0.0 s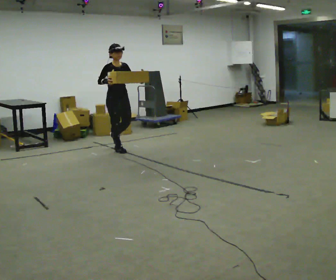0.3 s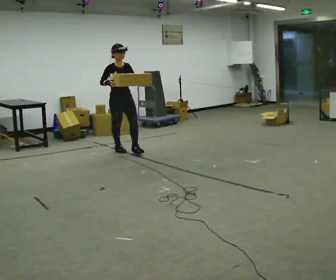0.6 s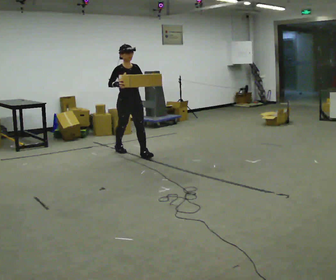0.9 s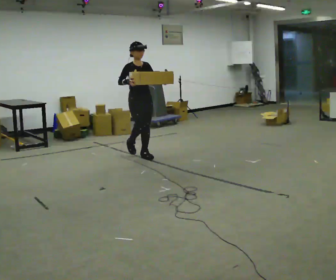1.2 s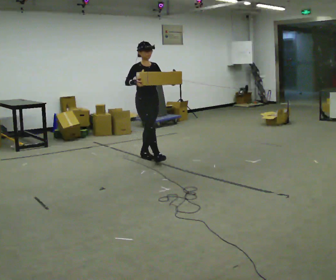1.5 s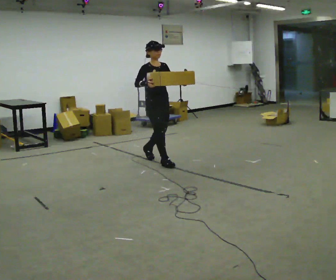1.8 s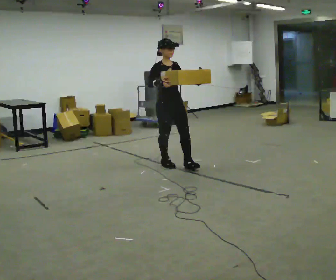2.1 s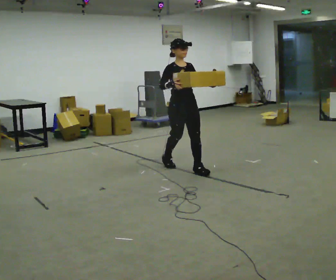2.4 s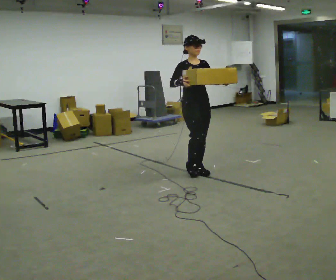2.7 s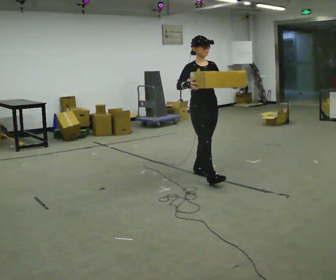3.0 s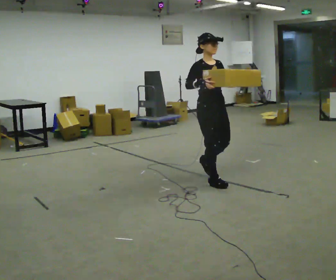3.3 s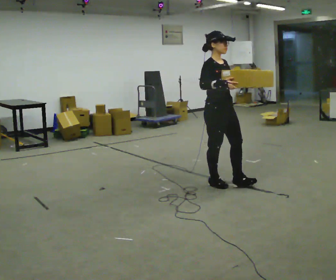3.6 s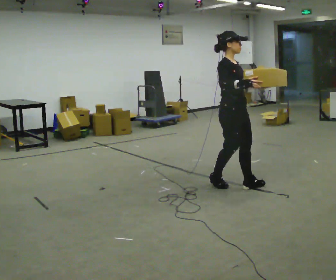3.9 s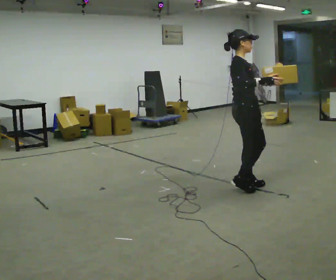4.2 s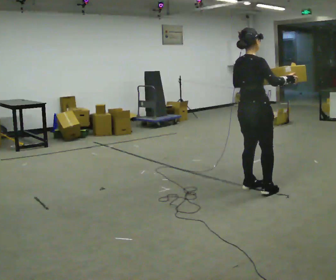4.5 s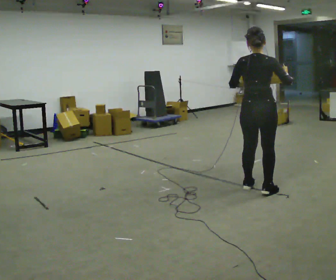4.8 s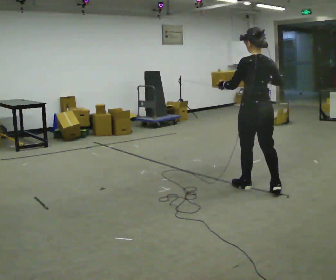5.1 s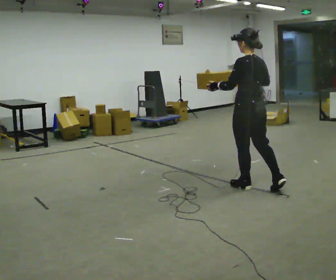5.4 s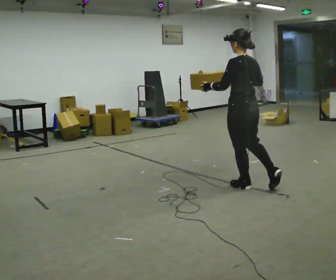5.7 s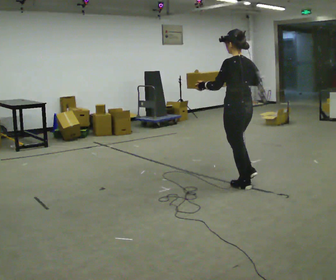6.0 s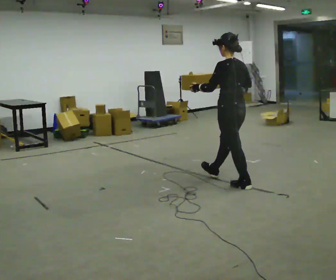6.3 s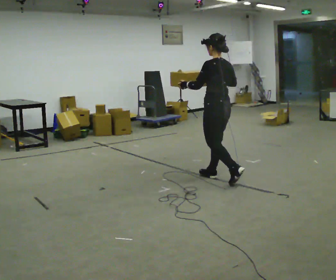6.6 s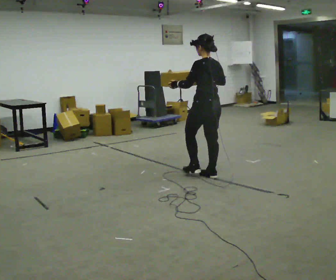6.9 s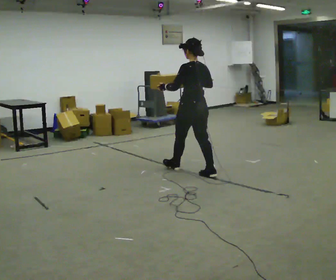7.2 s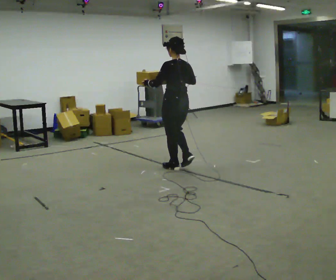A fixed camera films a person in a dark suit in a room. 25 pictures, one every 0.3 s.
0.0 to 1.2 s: In the picture they go to the right and toward the camera, about 0.75 m in 1 step, which for them is forward.
1.2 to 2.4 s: In the picture they go toward the camera and to the right, about 1 m in 2 steps, which for them is forward.
2.4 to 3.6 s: The part of the body nearest the lens slides to the right as the person turns to their left by about 30 degrees. In the picture they go toward the camera and to the right, about 0.75 m in 2 steps, which for them is forward.
3.6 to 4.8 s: Seen from above the body turns counterclockwise, about 135 degrees: to their left, with its near side sliding to the right. In the picture they go to the right, about 0.25 m in 1 step.
4.8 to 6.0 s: In the picture they go to the left and away from the camera, about 0.25 m in 1 step, which for them is forward.
6.0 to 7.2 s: In the picture they go to the left and away from the camera, about 1 m in 2 steps, which for them is forward.
The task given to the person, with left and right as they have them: Carry the medium box in both hands in front of you, walking back and forth across the room. Keep walking until the operator says stop.
The film runs forward here.
